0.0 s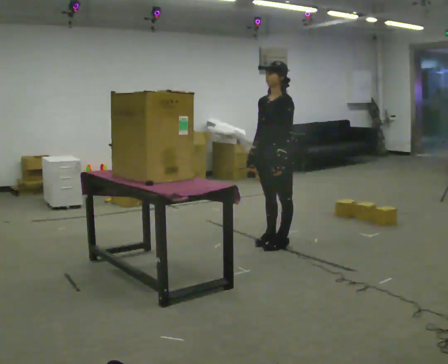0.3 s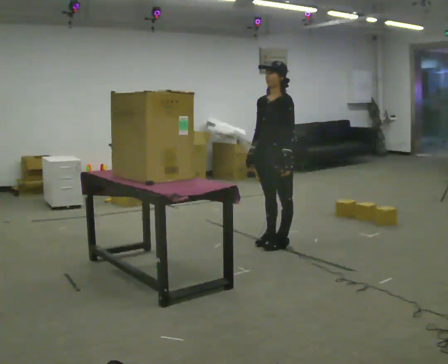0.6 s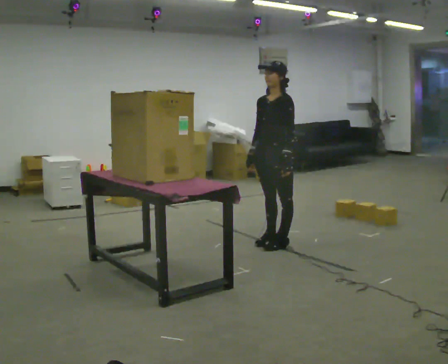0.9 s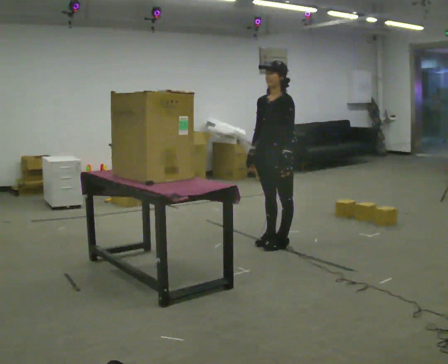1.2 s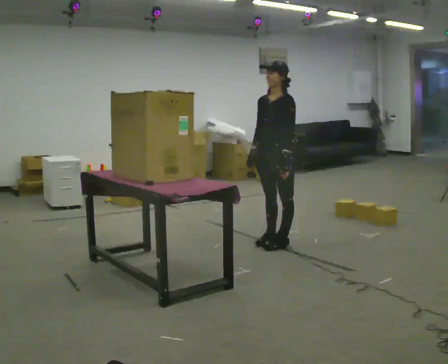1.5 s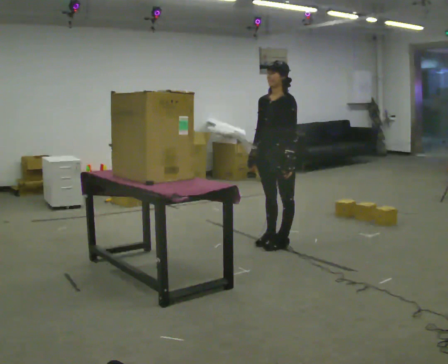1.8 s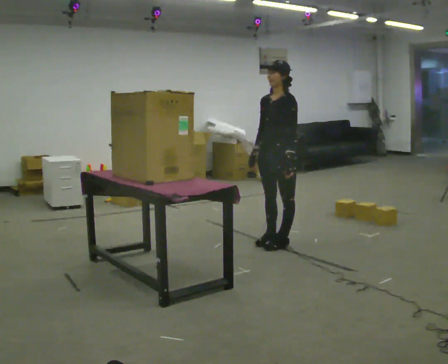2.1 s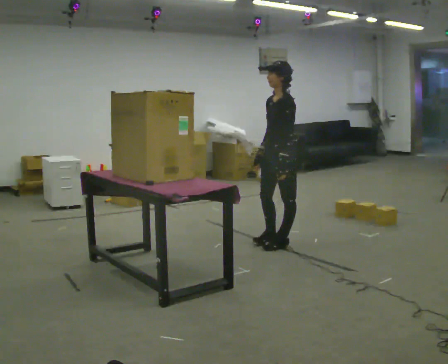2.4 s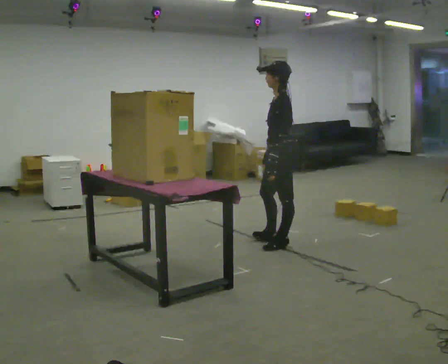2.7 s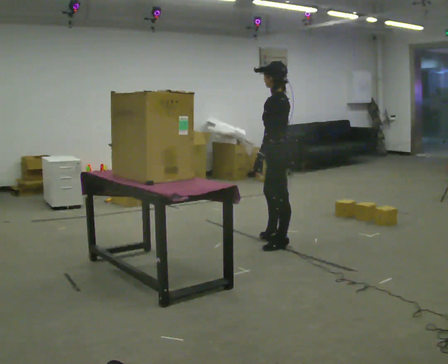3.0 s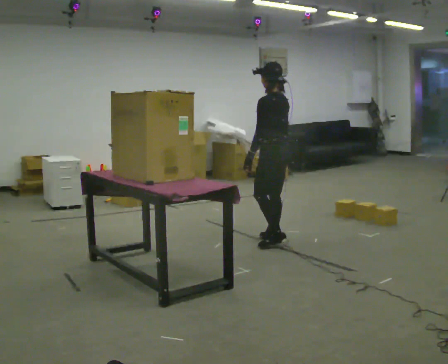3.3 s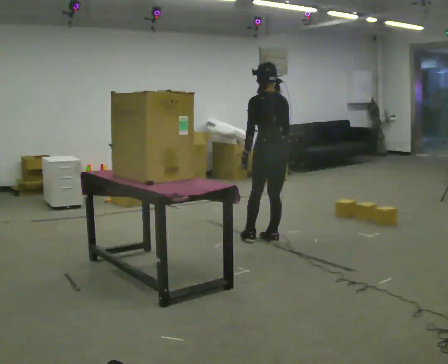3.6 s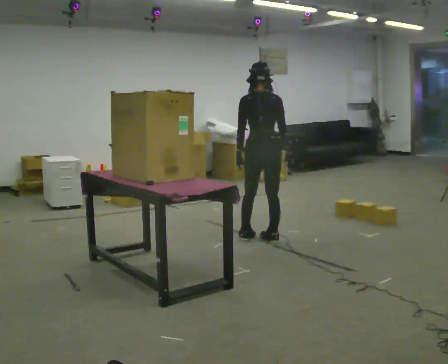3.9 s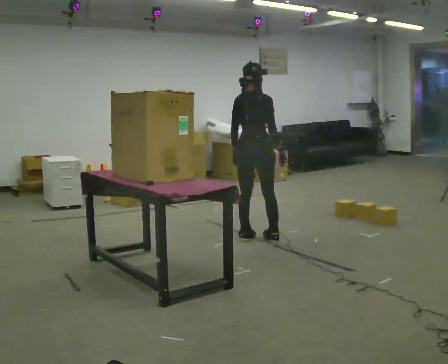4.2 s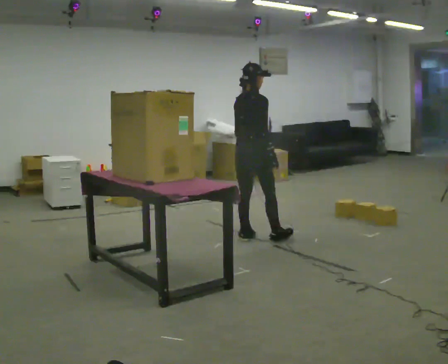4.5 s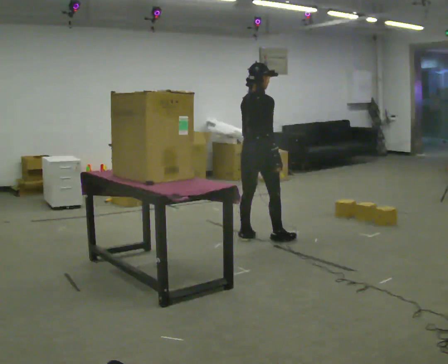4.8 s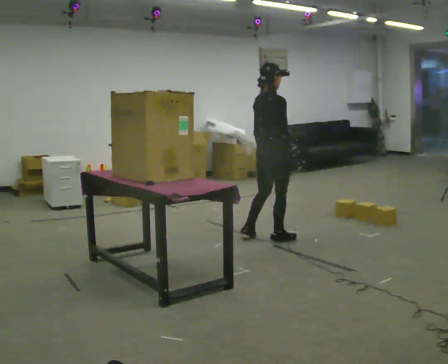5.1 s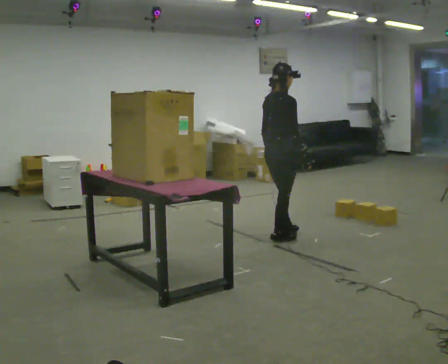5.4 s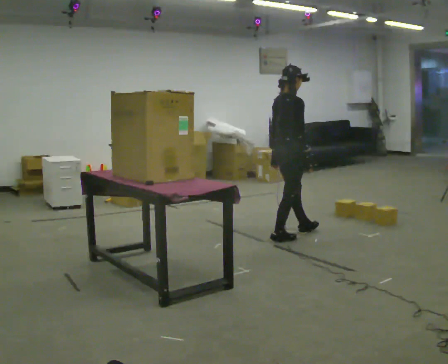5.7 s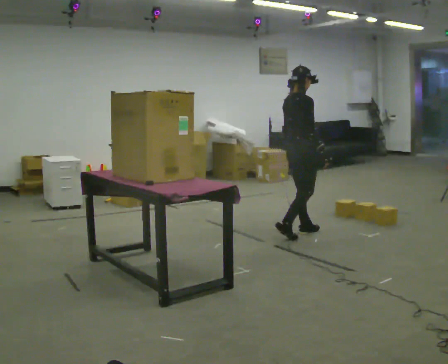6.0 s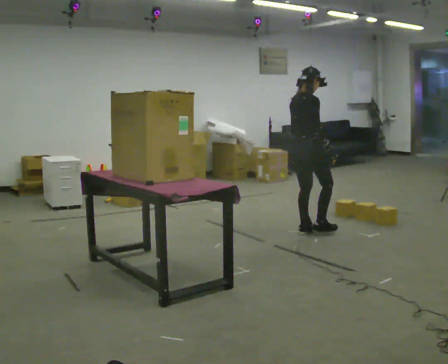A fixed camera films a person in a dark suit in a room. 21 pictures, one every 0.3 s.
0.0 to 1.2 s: The person moves a little, or ends about where they began.
1.2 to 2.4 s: The person turns about 45 degrees to their right, clockwise seen from above, so the part of the body nearest the lens slides to the left.
2.4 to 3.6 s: The person turns about 90 degrees to their right, clockwise seen from above, so the part of the body nearest the lens slides to the left. In the picture they go away from the camera and to the left, about 0.25 m in 1 step.
3.6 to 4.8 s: The person turns about 45 degrees to their right, clockwise seen from above, so the part of the body nearest the lens slides to the left.
4.8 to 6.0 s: In the picture they go to the right and away from the camera, about 0.5 m in 1 step, which for them is forward.
The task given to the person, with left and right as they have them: Carry the object across the room and place it on the shelf just at the top of your comfortable reach. Keep going until the operator says stop; one object at a time, and do not rush between trips.
The film runs forward here.
